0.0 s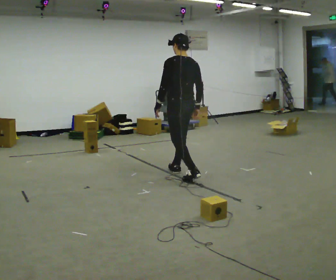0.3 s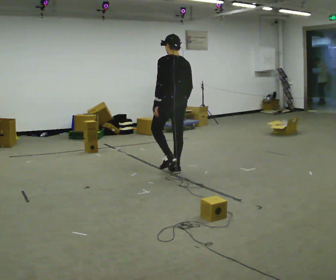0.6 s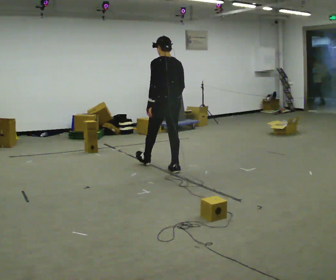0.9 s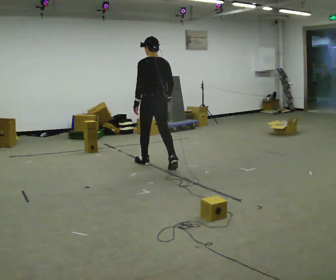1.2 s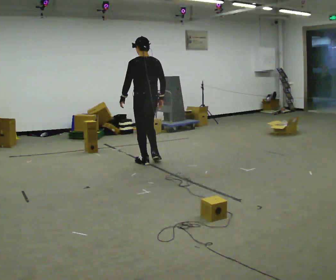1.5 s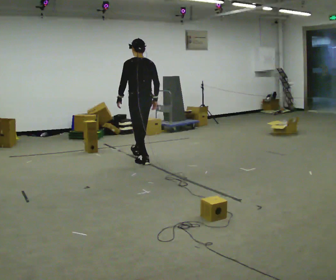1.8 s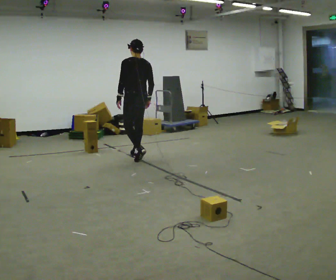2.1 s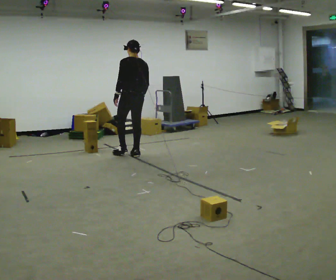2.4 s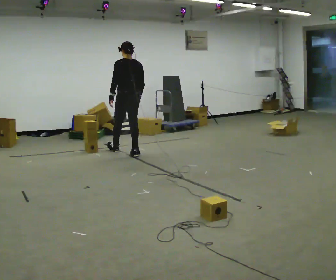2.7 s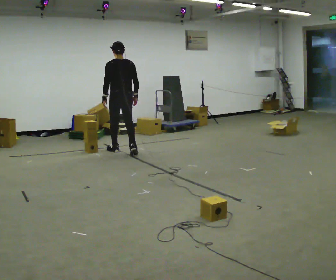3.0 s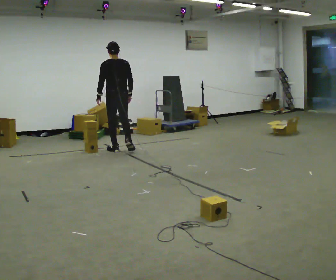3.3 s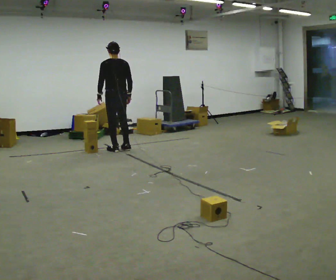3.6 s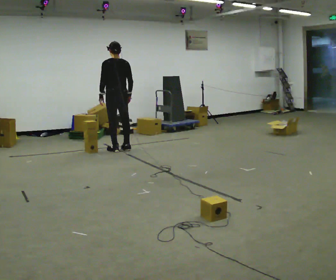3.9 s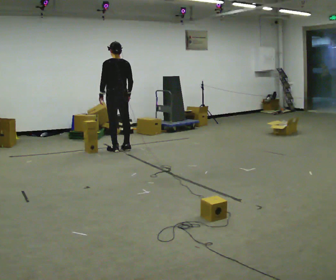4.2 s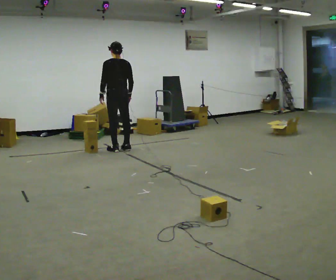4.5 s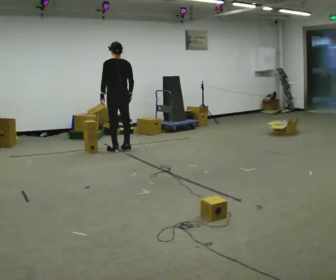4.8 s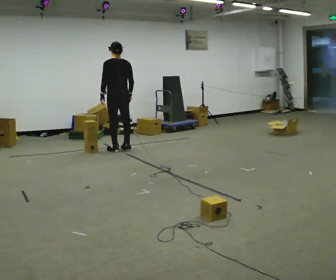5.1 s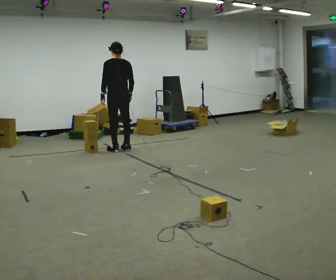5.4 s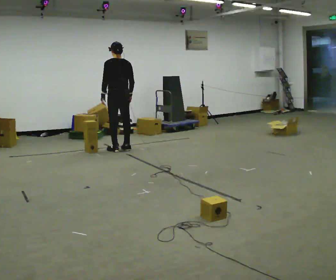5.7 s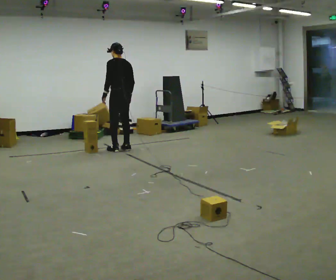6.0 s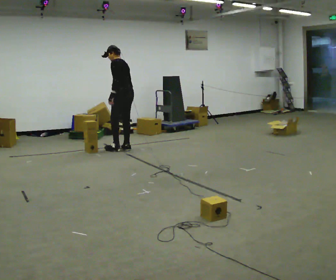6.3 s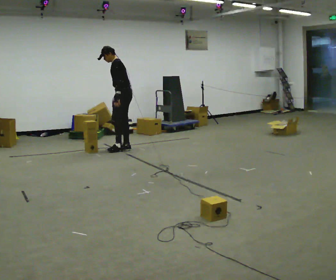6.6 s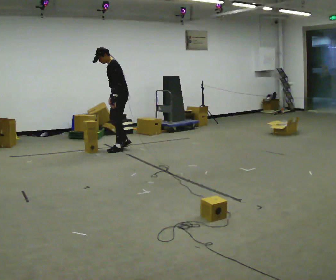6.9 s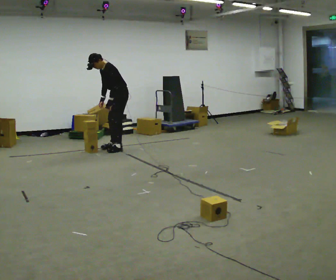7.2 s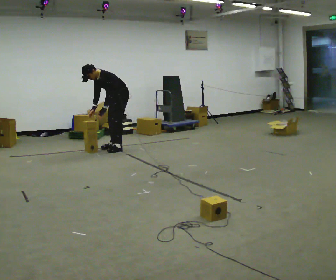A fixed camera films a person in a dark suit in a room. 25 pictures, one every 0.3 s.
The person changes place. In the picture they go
away from the camera.
0.0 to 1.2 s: In the picture they go away from the camera and to the left, about 1 m in 1 step, which for them is forward.
1.2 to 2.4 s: In the picture they go away from the camera and to the left, about 0.75 m in 2 steps, which for them is forward.
2.4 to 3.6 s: In the picture they go away from the camera and to the left, about 0.25 m in 1 step, which for them is forward.
3.6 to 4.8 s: The person moves a little, or ends about where they began.
4.8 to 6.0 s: Seen from above the body turns counterclockwise, about 30 degrees: to their left, with its near side sliding to the right.
6.0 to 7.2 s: The part of the body nearest the lens slides to the right as the person turns to their left by about 60 degrees. The shoulders move downward. The upper body tips toward the camera, its near side rolling downward, as they bend forward. In the picture their right hand goes to the left.
The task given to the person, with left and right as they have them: Carry the stack of boxes across the room without letting it fall over, then bring it back. Keep going until the operator says stop; one object at a time, and do not rush between trips.
The film runs forward here.
